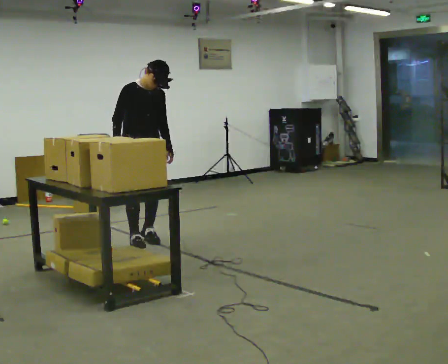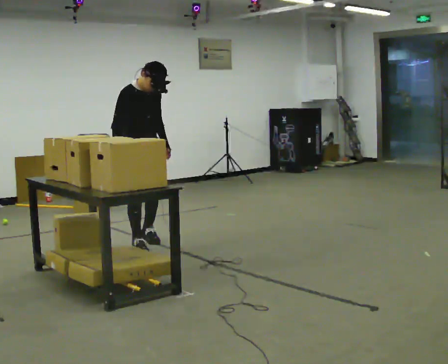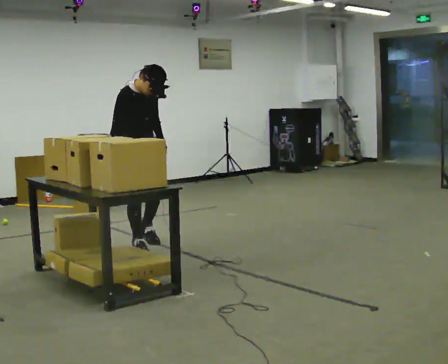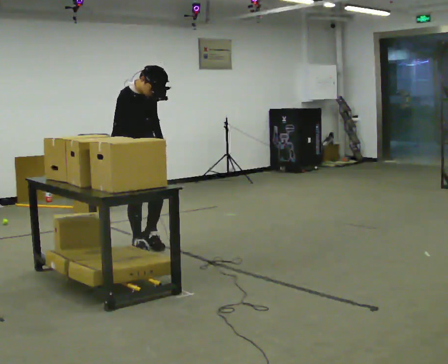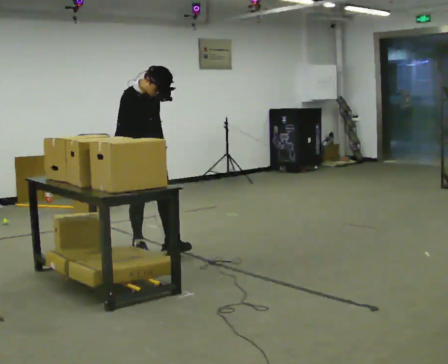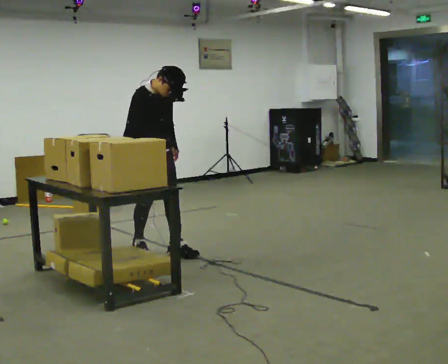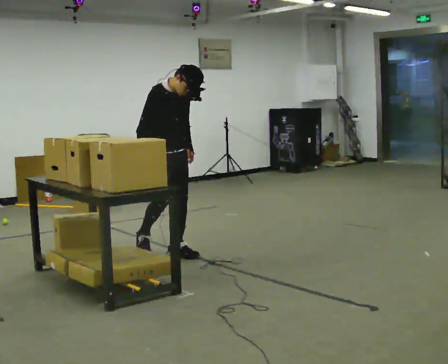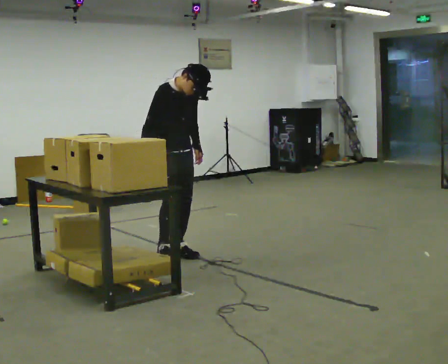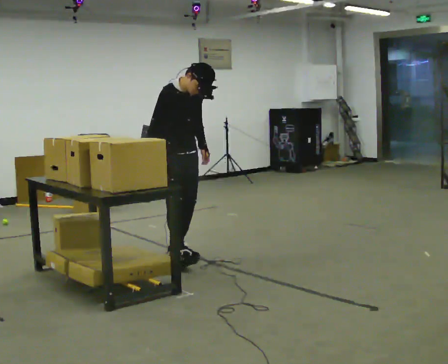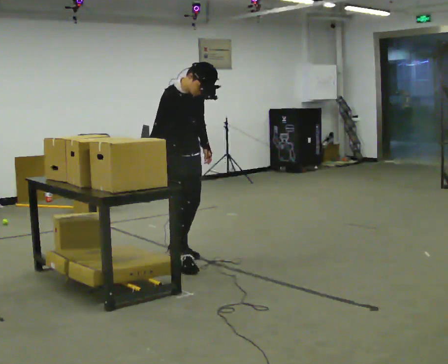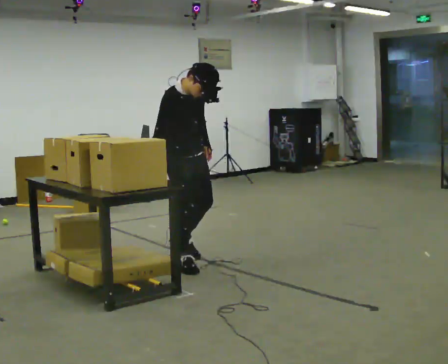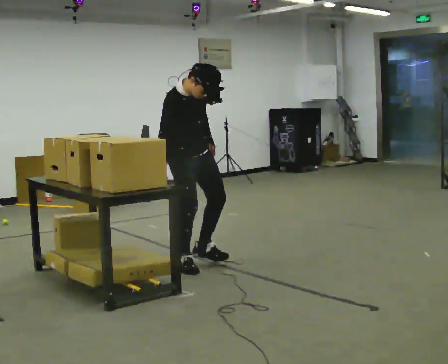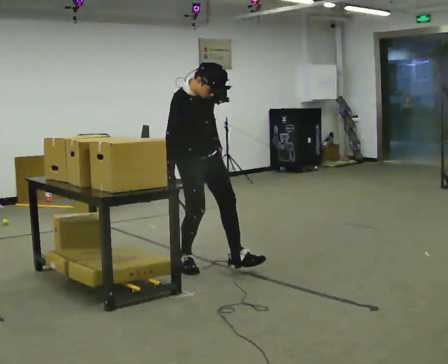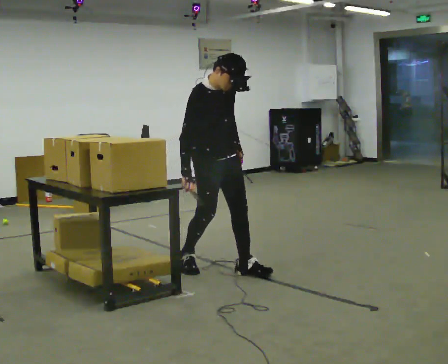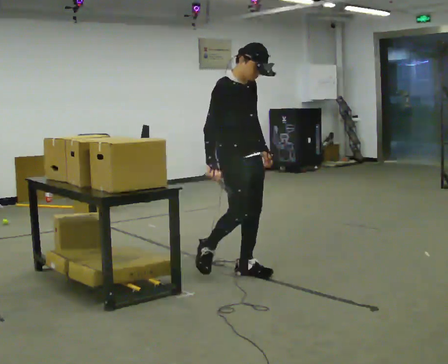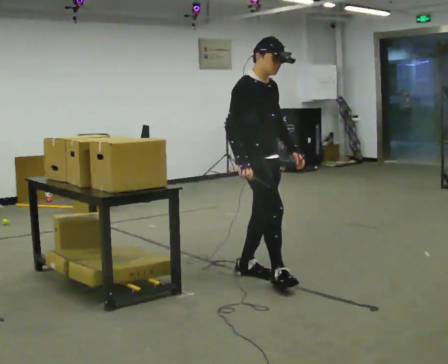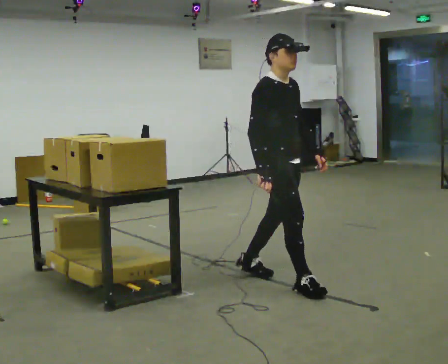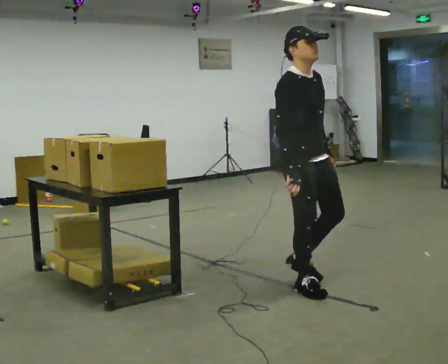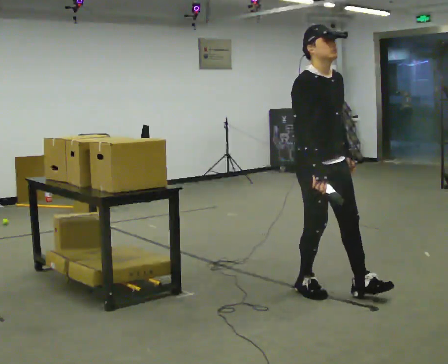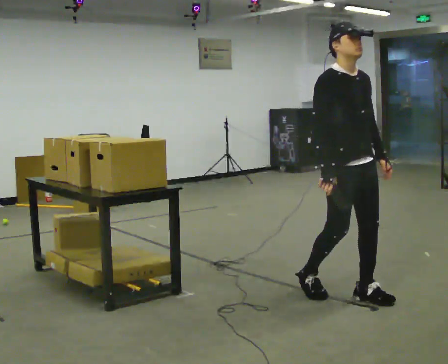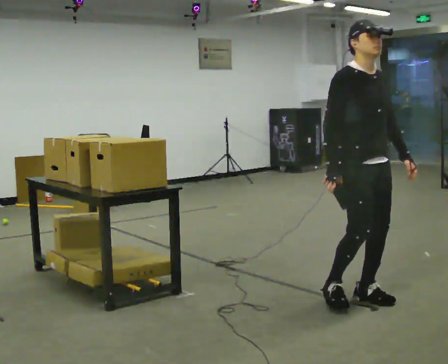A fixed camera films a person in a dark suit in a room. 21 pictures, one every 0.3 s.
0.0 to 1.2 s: In the picture they go toward the camera, about 0.25 m, which for them is forward and to their right. The upper body tips toward the camera, its near side rolling downward, as they bend forward.
1.2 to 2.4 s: In the picture they go to the right and toward the camera, about 0.25 m in 2 steps, which for them is forward.
2.4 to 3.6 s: In the picture they go toward the camera and to the right, about 0.5 m, which for them is forward.
3.6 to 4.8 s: In the picture they go to the right and toward the camera, about 0.5 m in 2 steps, which for them is forward. The upper body tips away from the camera, its near side rolling upward, as they lean back or straighten.
4.8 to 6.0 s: In the picture they go toward the camera and to the right, about 0.75 m in 1 step, which for them is forward.
The film runs forward here.
